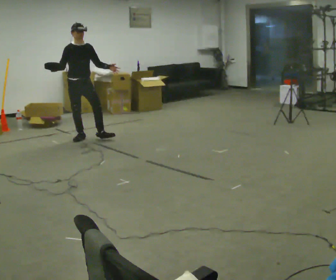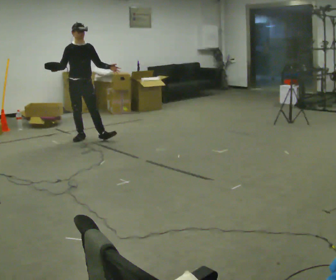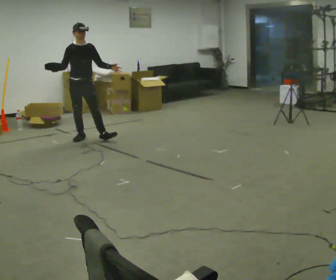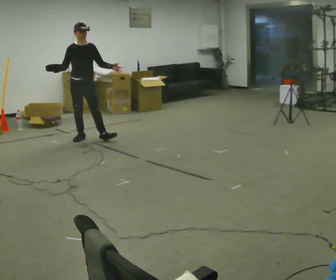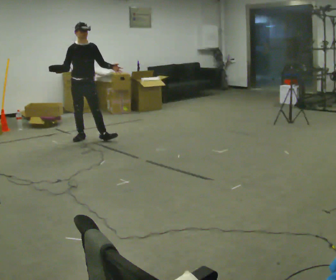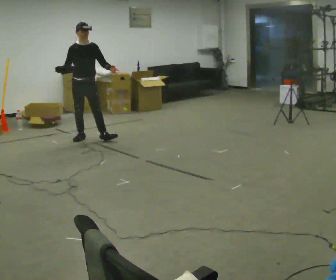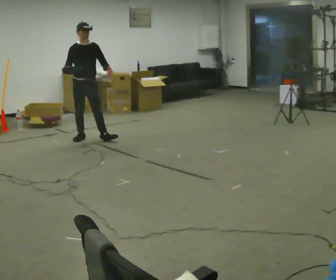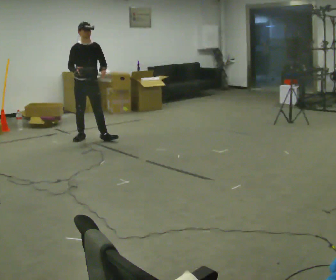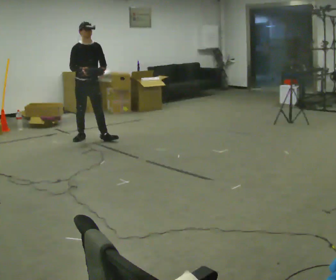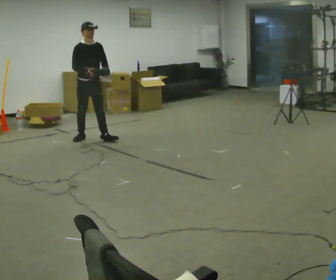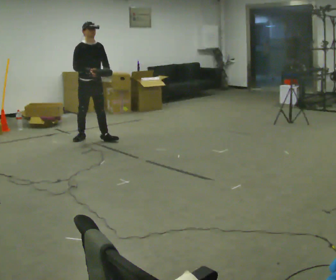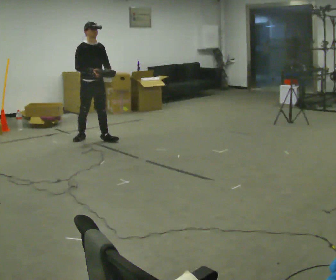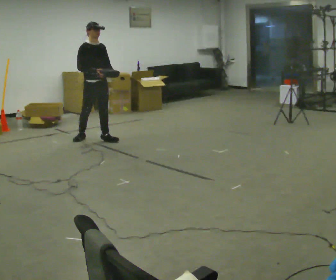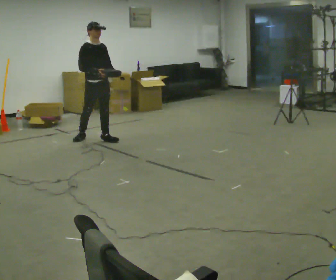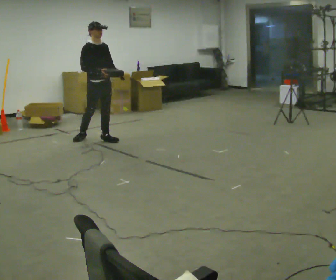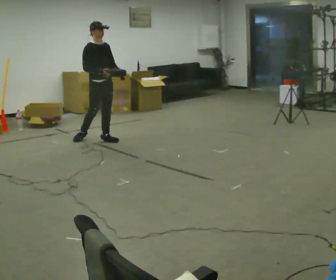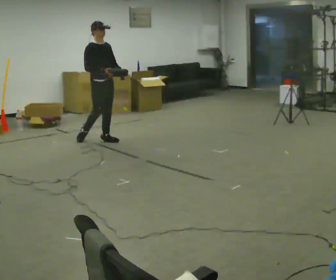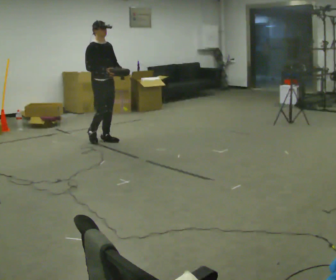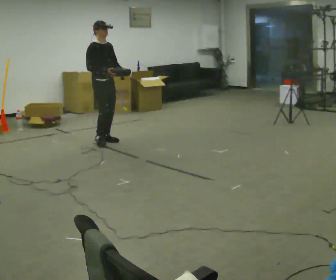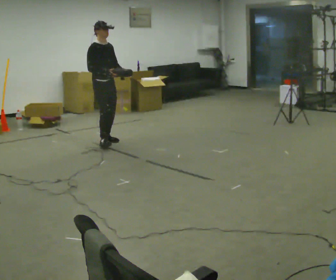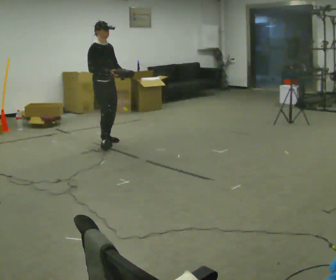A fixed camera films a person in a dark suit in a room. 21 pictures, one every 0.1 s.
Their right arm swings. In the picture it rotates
counterclockwise.
0.0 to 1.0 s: In the picture their right hand goes to the right, the arm swinging counterclockwise.
1.0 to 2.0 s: In the picture they go toward the camera, about 0.25 m, which for them is forward.
The film runs forward here.
